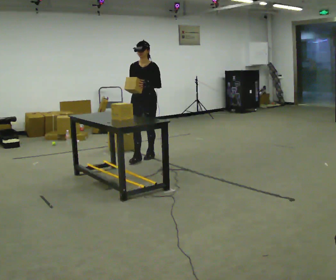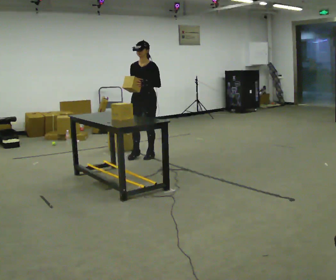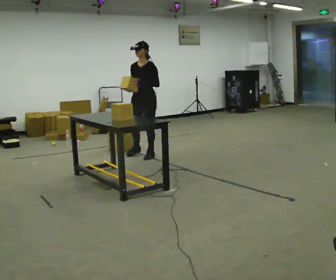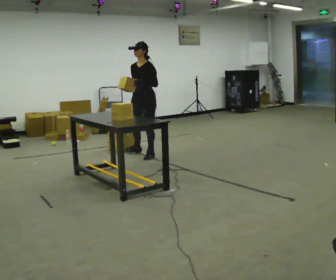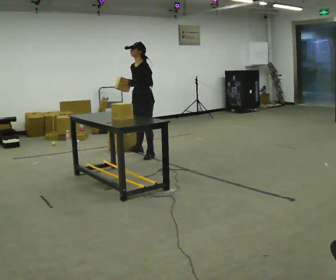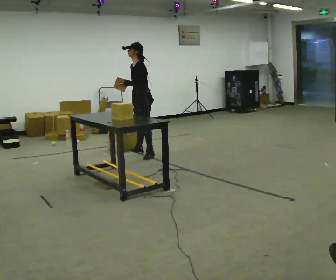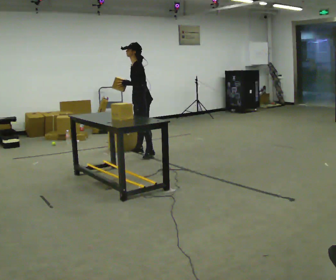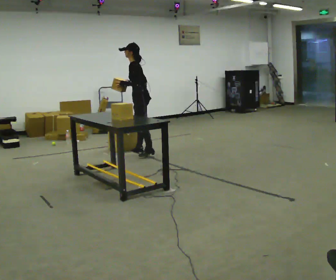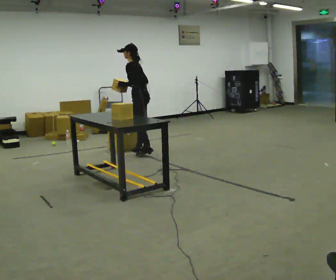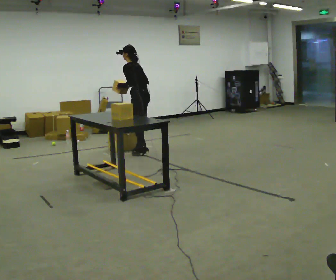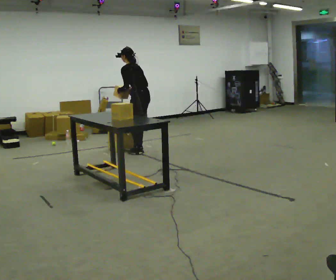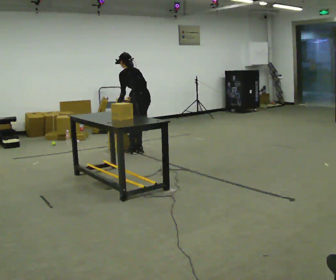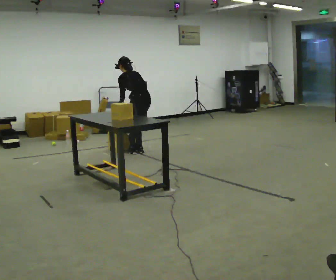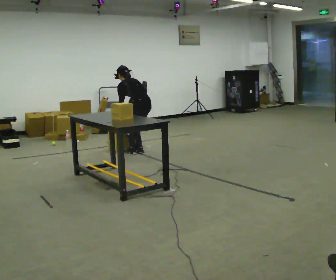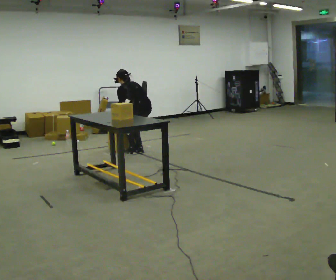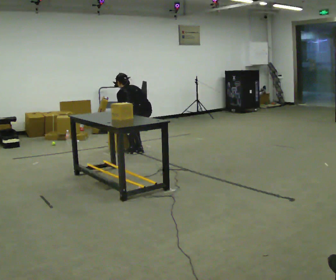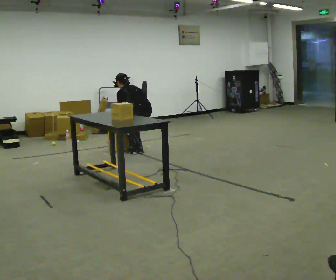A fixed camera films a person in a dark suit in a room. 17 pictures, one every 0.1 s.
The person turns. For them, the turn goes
to their right.
The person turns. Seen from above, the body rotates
clockwise.
0.0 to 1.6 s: The part of the body nearest the lens slides to the left as the person turns to their right by about 135 degrees. In the picture they go away from the camera, about 0.25 m in 1 step. The upper body goes downward. The upper body tips away from the camera, its near side rolling upward, as they bend forward. In the picture their right hand goes downward.
The film runs backward here.
